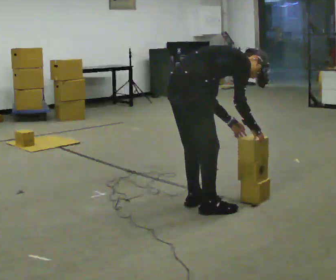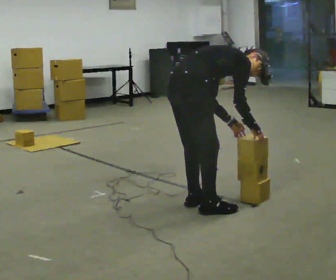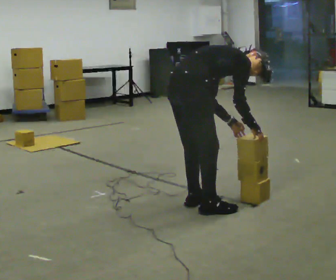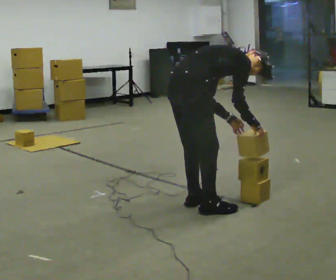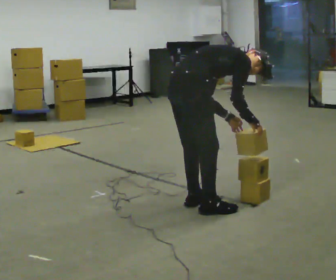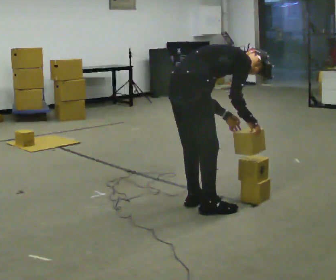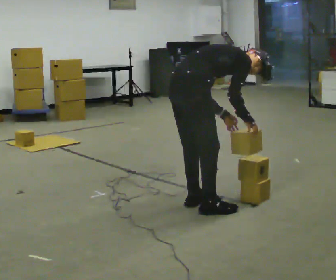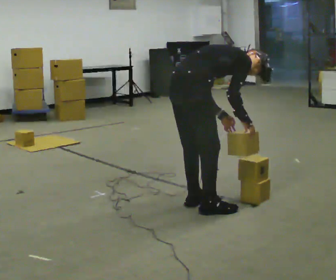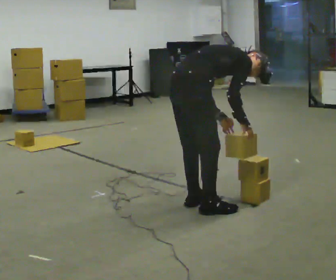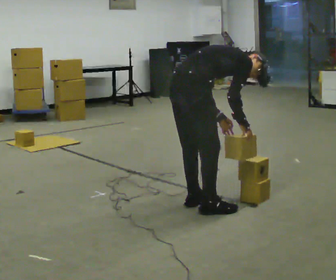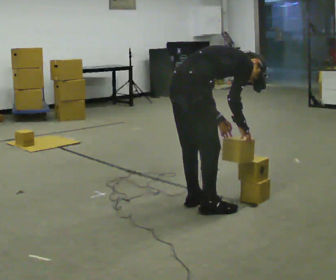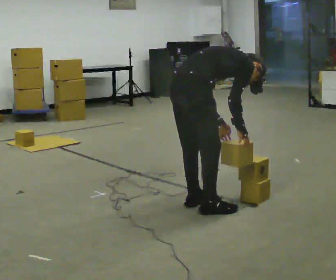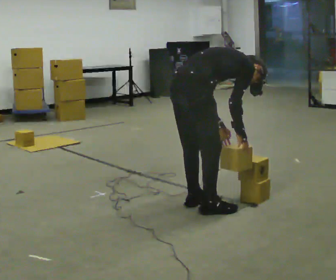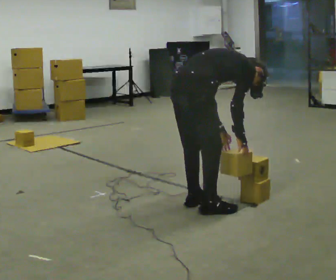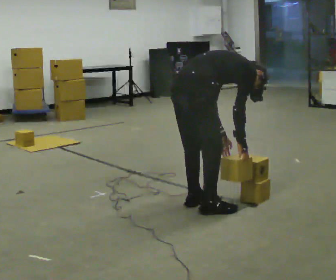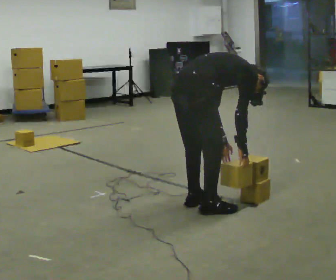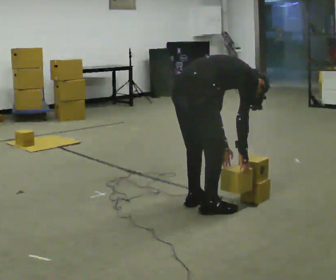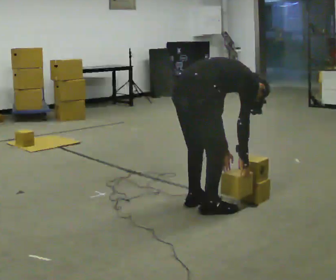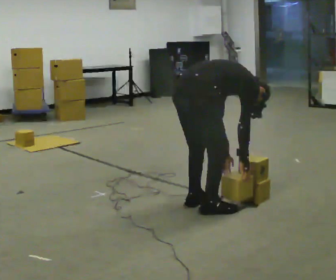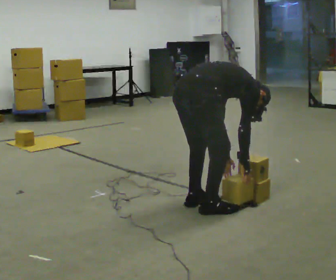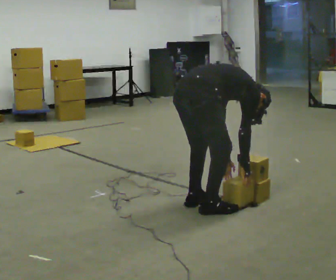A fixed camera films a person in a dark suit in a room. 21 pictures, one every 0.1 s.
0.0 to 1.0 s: The person moves a little, or ends about where they began.
1.0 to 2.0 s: The shoulders move downward. In the picture the upper body tilts clockwise, shoulders to the right, as they bend forward.
The film runs backward here.
